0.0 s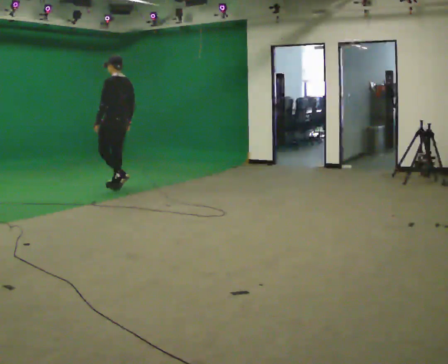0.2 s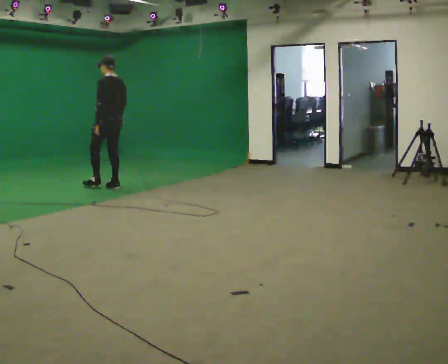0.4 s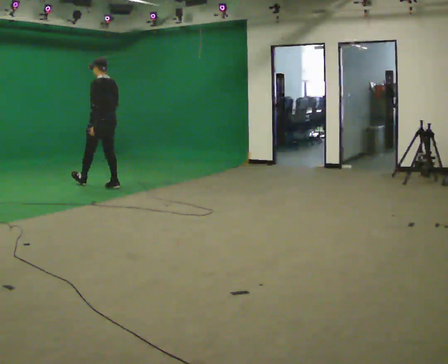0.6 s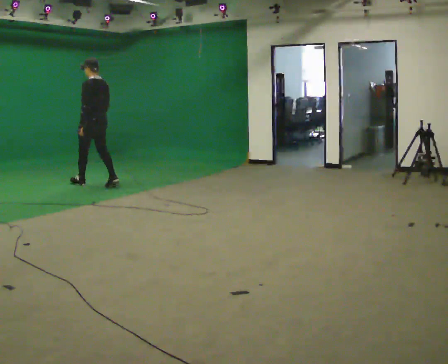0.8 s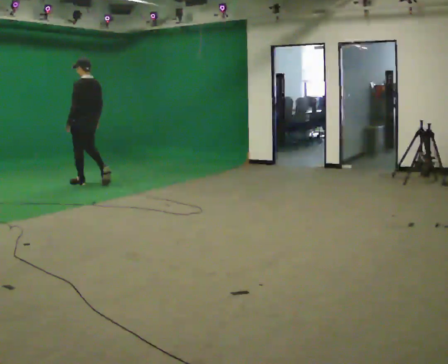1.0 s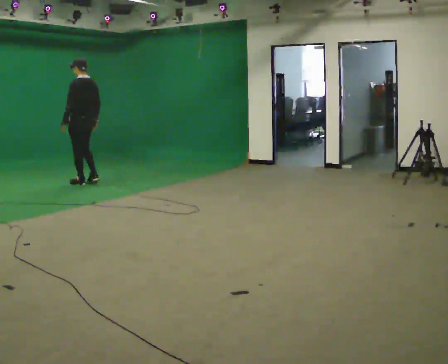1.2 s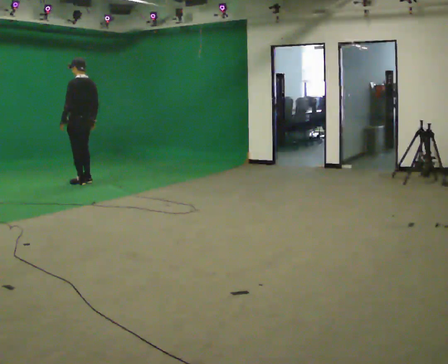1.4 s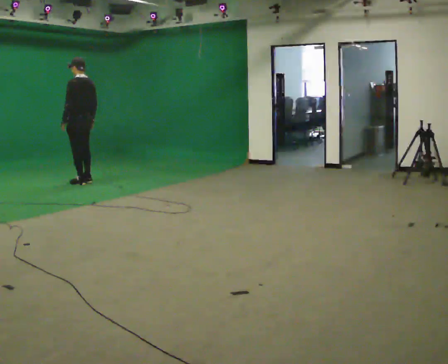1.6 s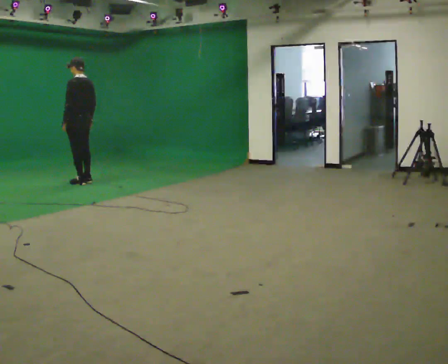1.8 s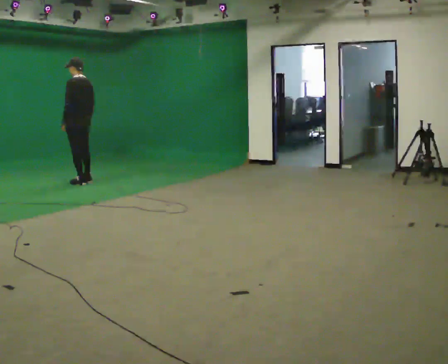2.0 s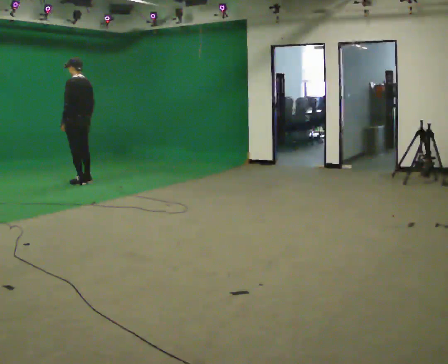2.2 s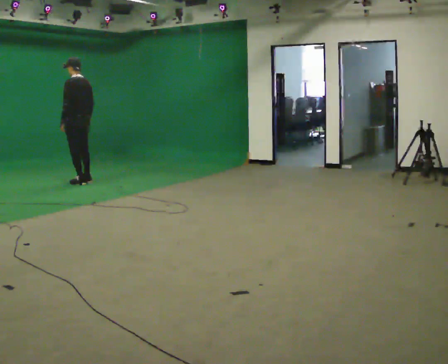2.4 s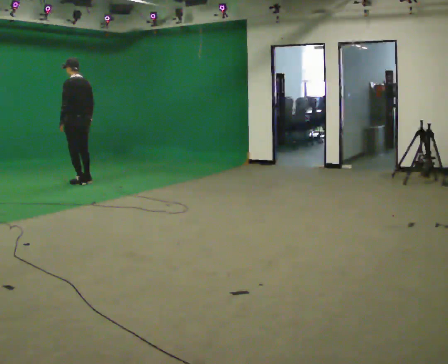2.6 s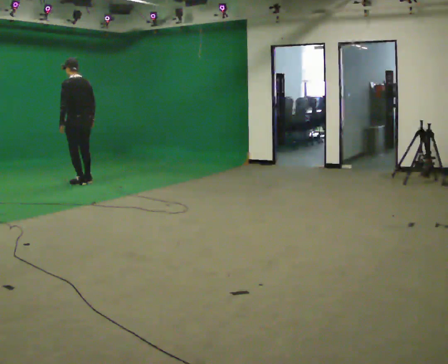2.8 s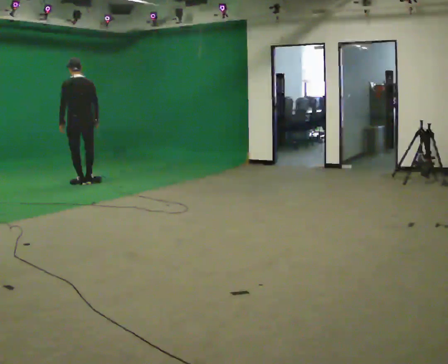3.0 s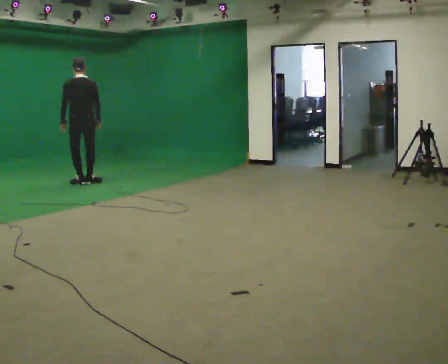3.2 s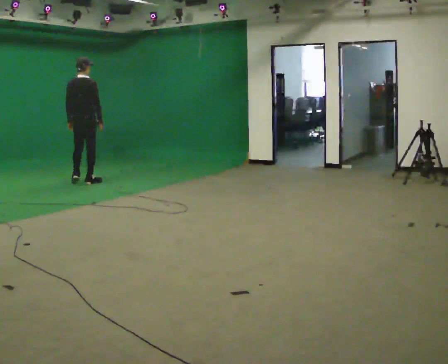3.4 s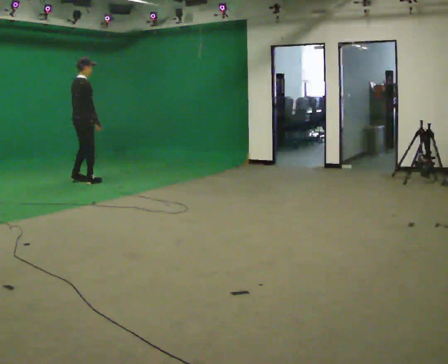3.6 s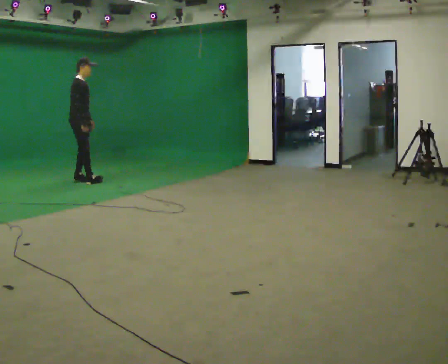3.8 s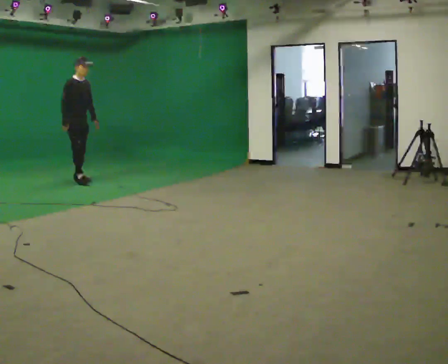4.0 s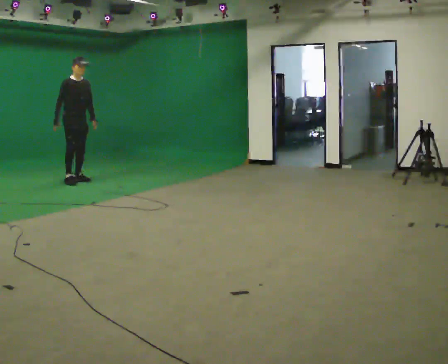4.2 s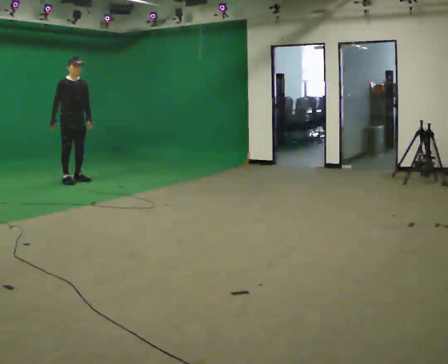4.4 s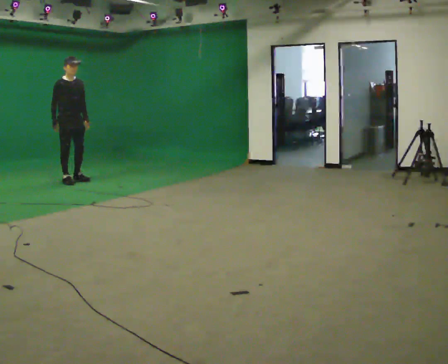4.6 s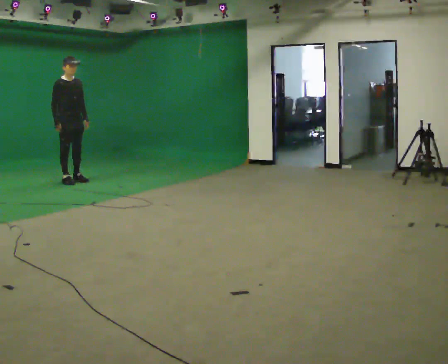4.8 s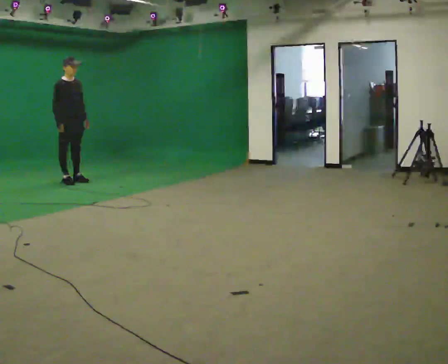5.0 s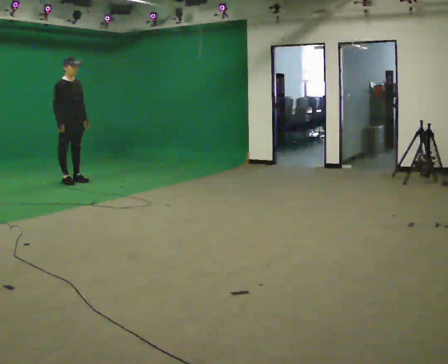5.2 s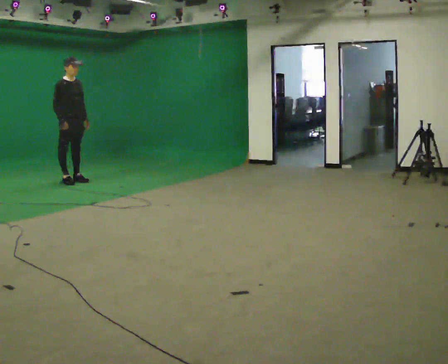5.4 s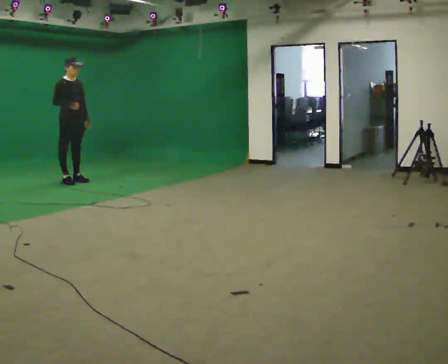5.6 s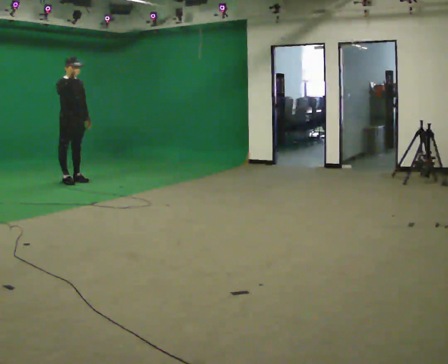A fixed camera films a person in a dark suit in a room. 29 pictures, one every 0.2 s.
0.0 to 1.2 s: In the picture they go away from the camera and to the left, about 0.5 m in 2 steps, which for them is forward.
1.2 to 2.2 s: The person moves a little, or ends about where they began.
2.2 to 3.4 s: Seen from above the body turns clockwise, about 135 degrees: to their right, with its near side sliding to the left. In the picture their left hand goes to the right.
3.4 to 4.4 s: The person turns about 45 degrees to their right, clockwise seen from above, so the part of the body nearest the lens slides to the left. In the picture they go to the left, about 0.25 m in 1 step. In the picture their right hand goes to the left.
4.4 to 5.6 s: In the picture their right hand goes upward.
The film runs forward here.
